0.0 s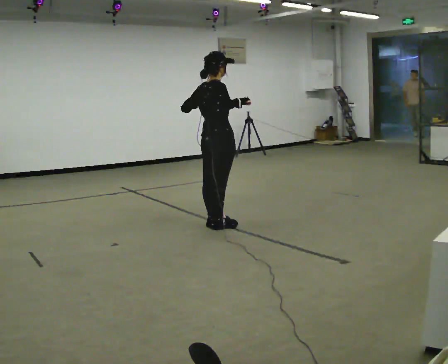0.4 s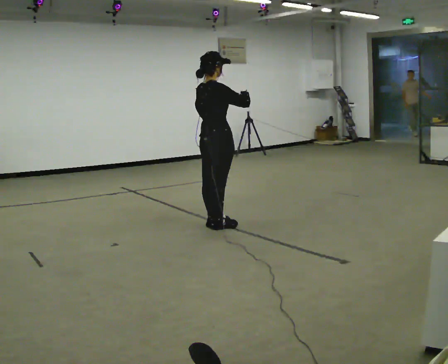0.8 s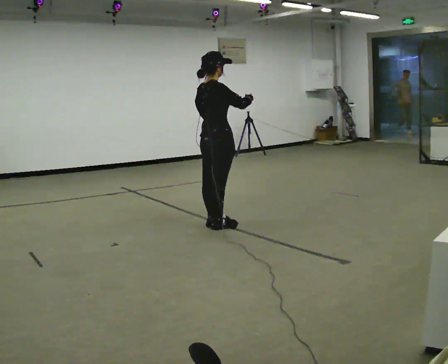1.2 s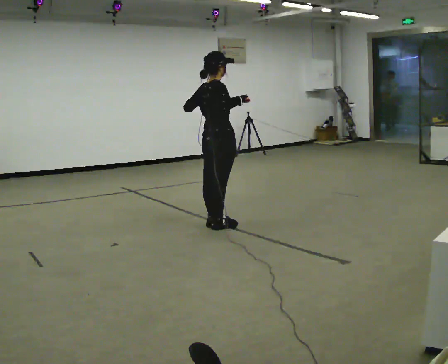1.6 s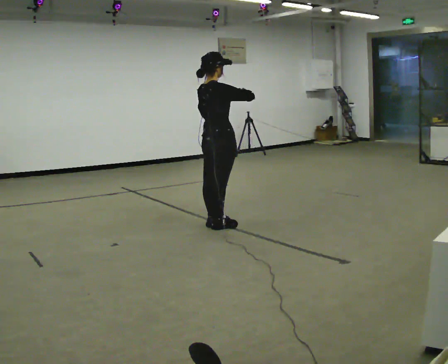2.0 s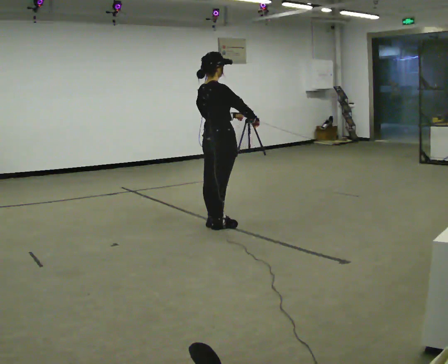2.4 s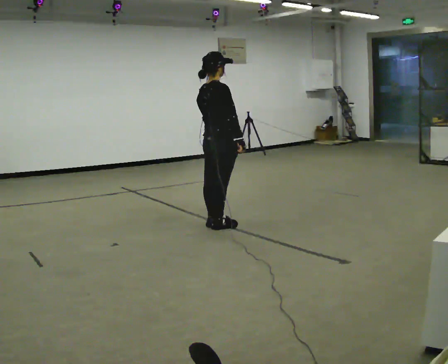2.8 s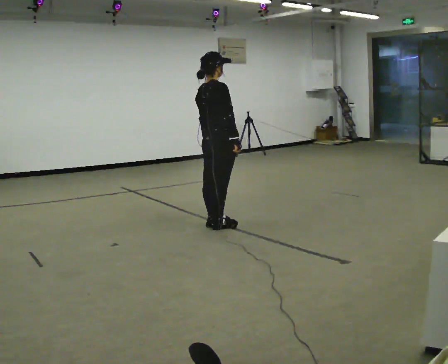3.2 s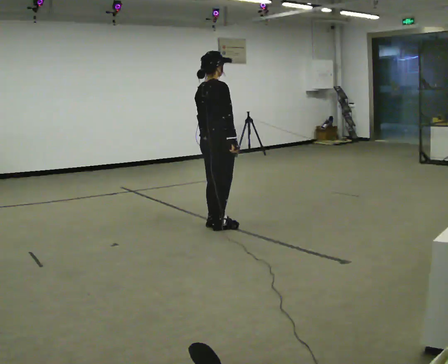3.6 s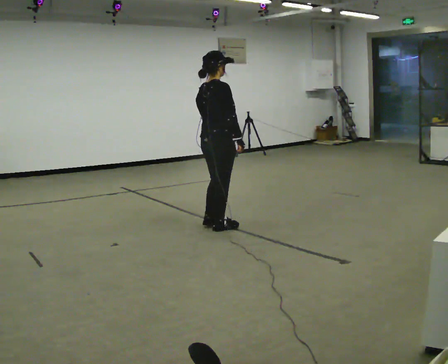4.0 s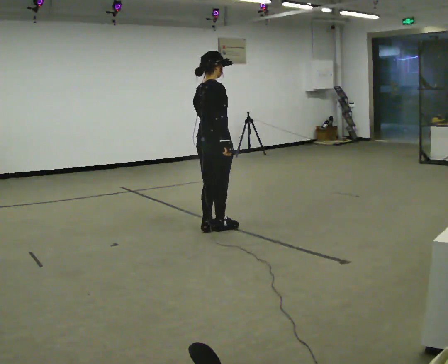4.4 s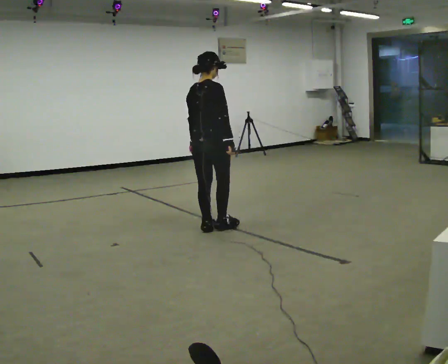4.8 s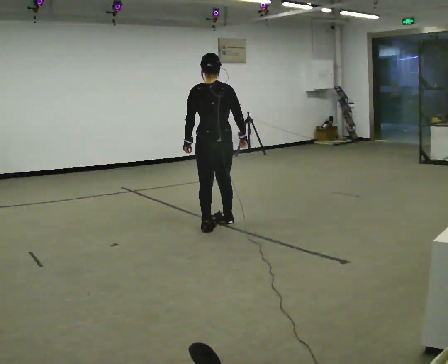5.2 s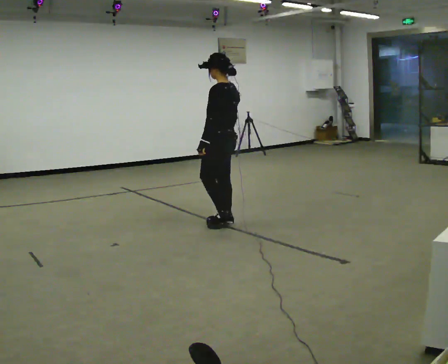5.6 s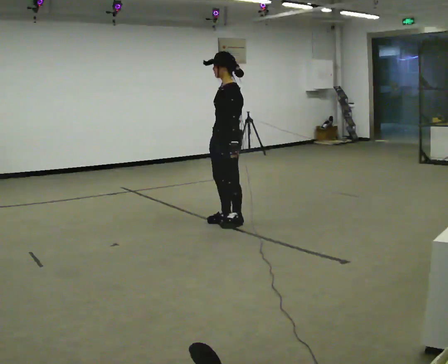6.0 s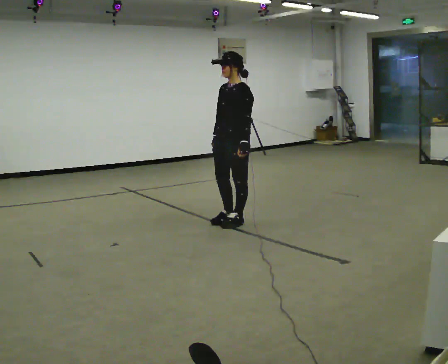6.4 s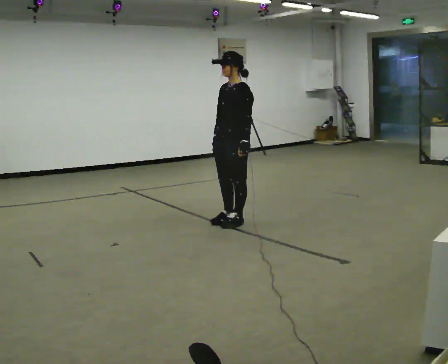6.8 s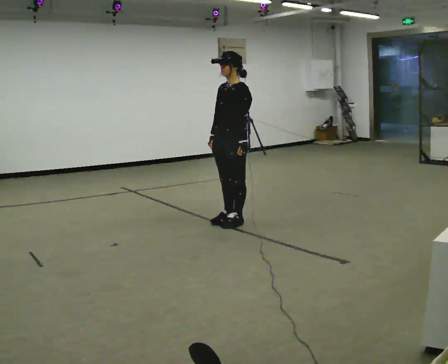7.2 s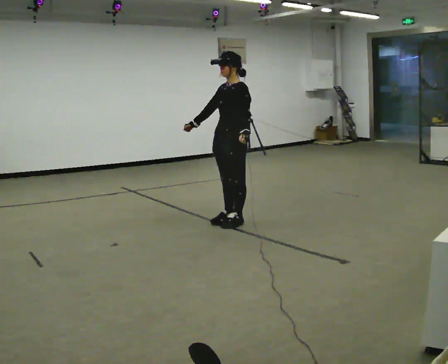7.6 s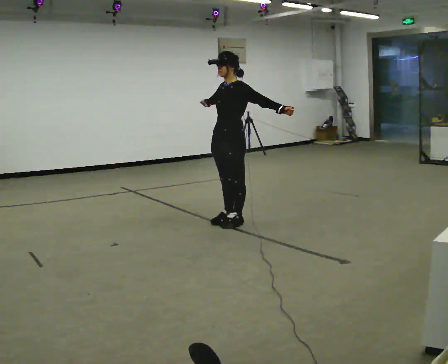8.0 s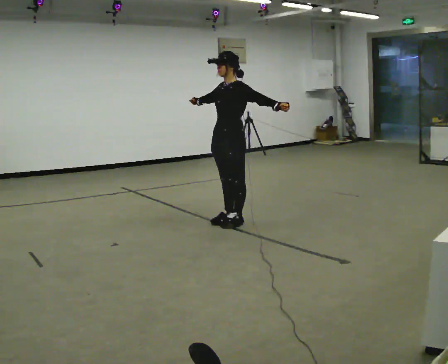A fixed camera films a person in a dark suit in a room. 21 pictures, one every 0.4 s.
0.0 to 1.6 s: In the picture their left hand goes to the right.
1.6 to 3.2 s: In the picture their left hand goes downward.
3.2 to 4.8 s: The person turns about 60 degrees to their left, counterclockwise seen from above, so the part of the body nearest the lens slides to the right.
4.8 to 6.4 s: The part of the body nearest the lens slides to the right as the person turns to their left by about 120 degrees. In the picture they go to the right, about 0.25 m in 1 step.
6.4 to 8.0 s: In the picture their left hand goes upward and to the right, the arm swinging counterclockwise.
The film runs backward here.
